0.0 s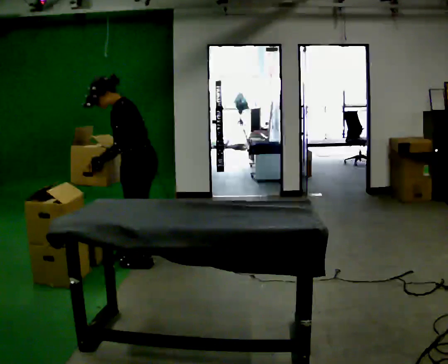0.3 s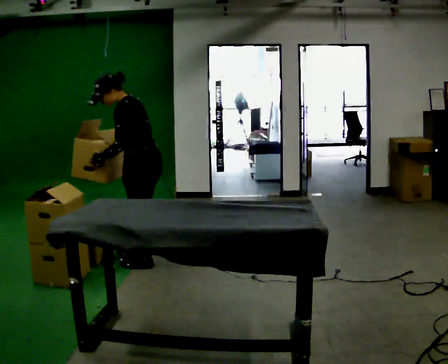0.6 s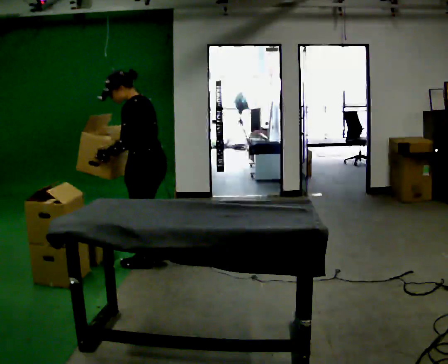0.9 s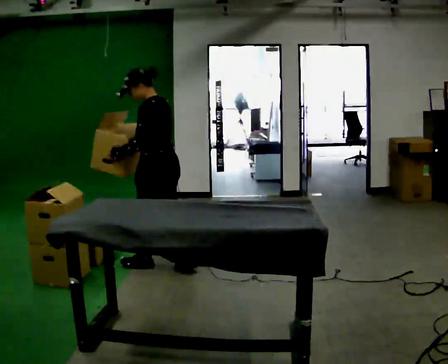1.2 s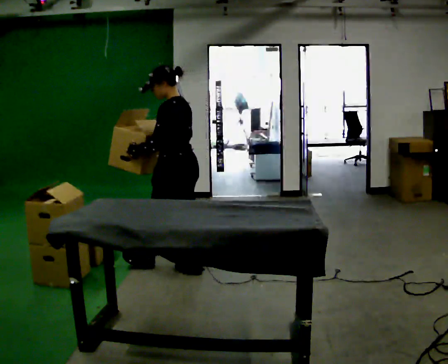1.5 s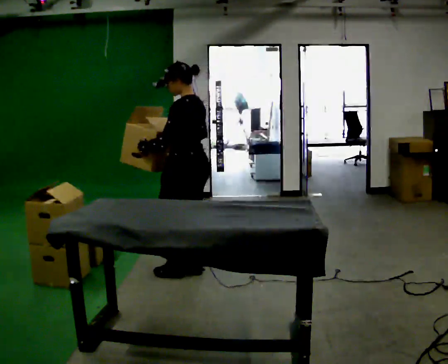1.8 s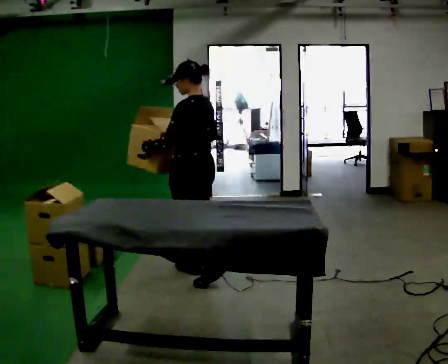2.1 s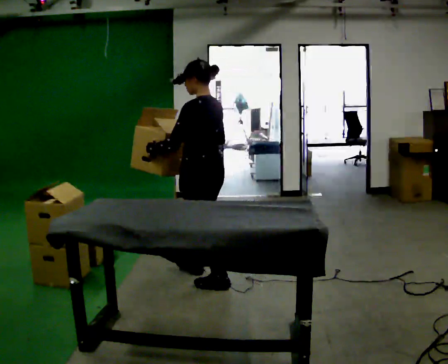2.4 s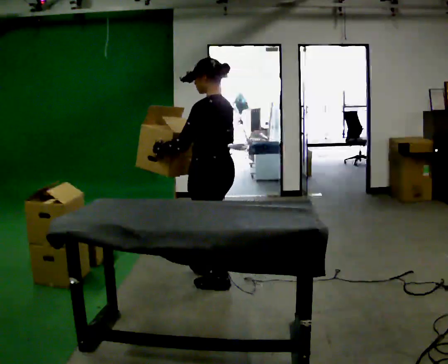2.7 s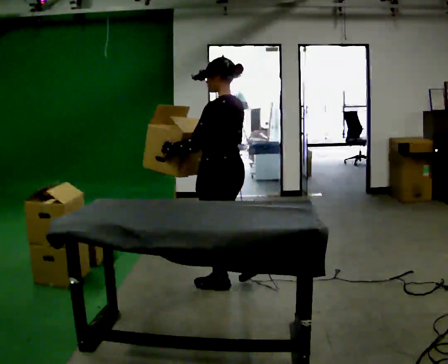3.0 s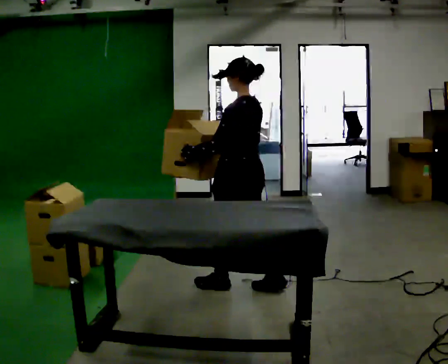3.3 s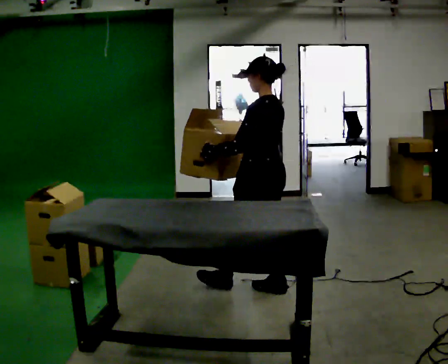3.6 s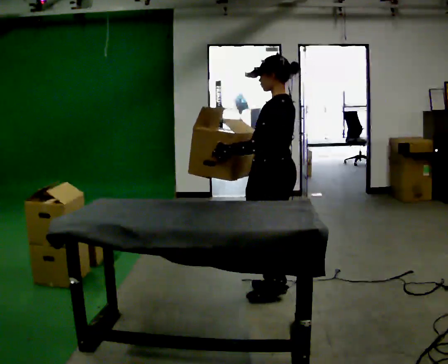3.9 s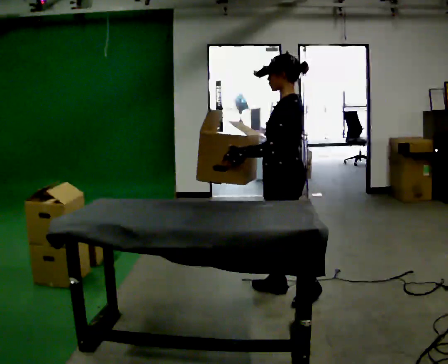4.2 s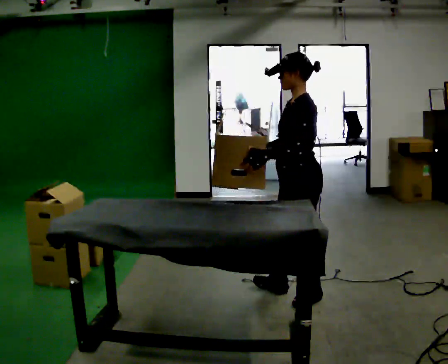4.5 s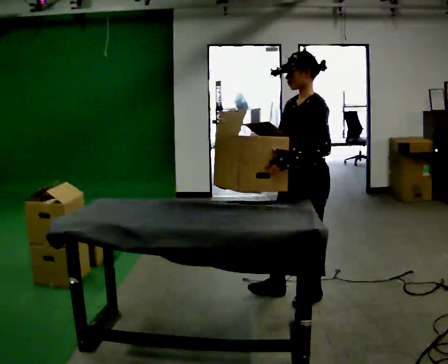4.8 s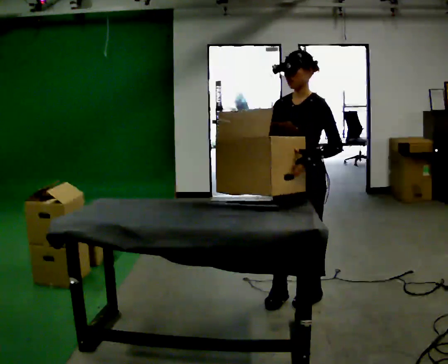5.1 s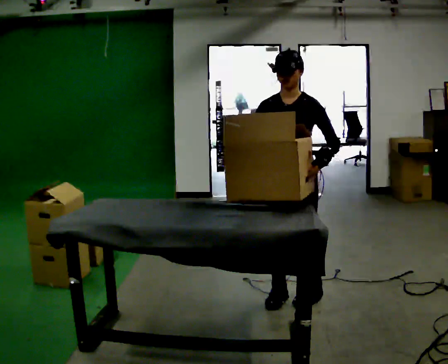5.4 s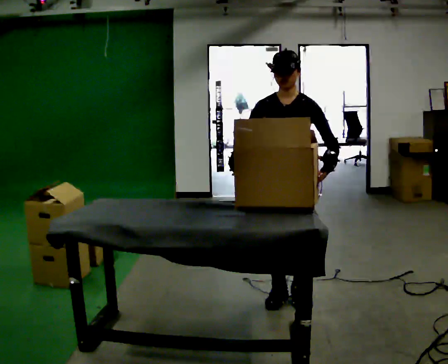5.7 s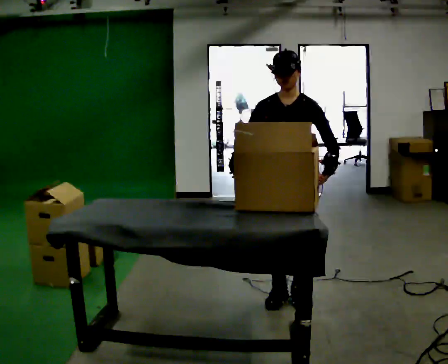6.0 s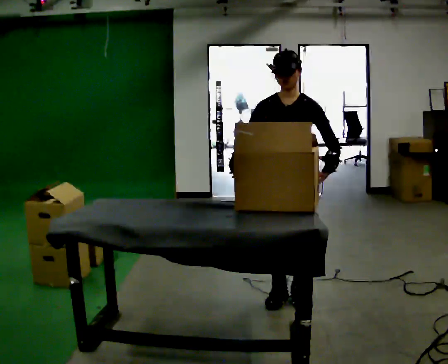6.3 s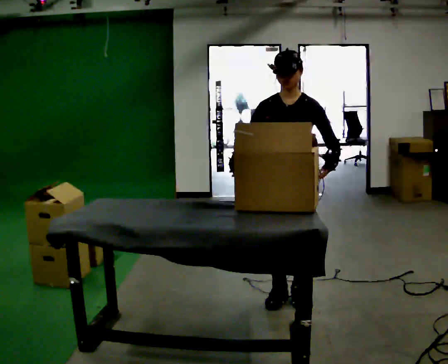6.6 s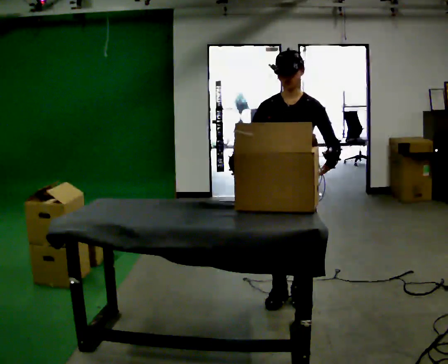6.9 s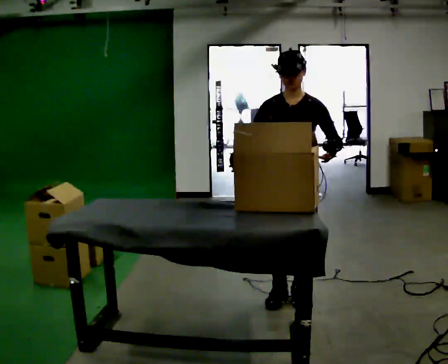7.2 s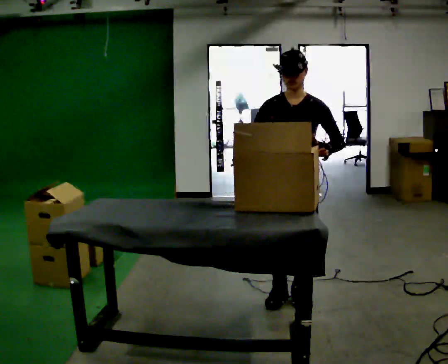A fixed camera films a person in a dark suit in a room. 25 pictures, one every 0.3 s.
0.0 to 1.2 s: In the picture they go to the right and toward the camera, about 0.25 m in 1 step, which for them is backward. In the picture the upper body tilts clockwise, shoulders to the right, as they lean back or straighten.
1.2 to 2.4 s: In the picture they go to the right and toward the camera, about 0.5 m in 2 steps, which for them is backward.
2.4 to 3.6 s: In the picture they go to the right, about 0.5 m in 1 step, which for them is backward.
3.6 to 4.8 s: The person turns about 60 degrees to their left, counterclockwise seen from above, so the part of the body nearest the lens slides to the right. In the picture they go to the right and toward the camera, about 0.25 m.
4.8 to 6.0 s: The part of the body nearest the lens slides to the right as the person turns to their left by about 30 degrees.
6.0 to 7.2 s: The person moves a little, or ends about where they began.
The film runs backward here.
